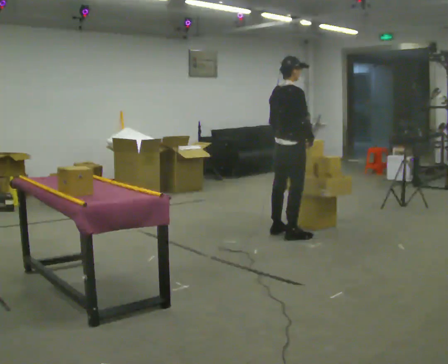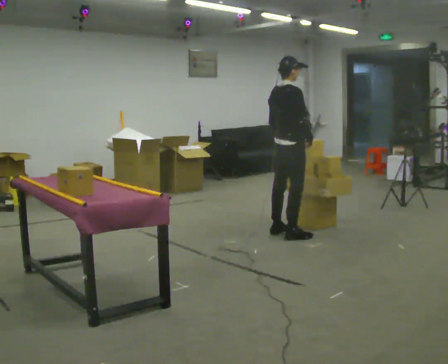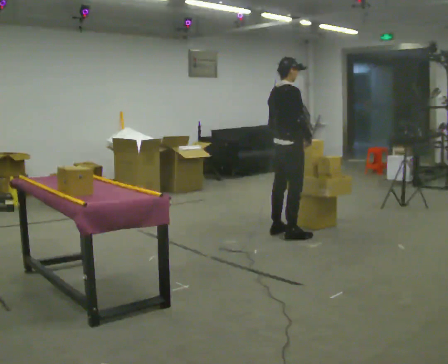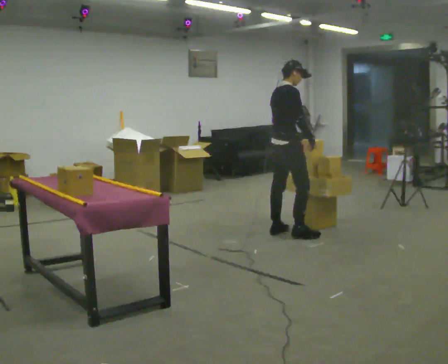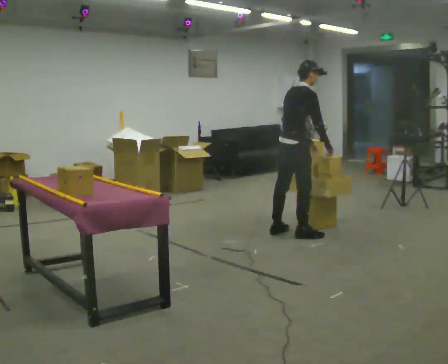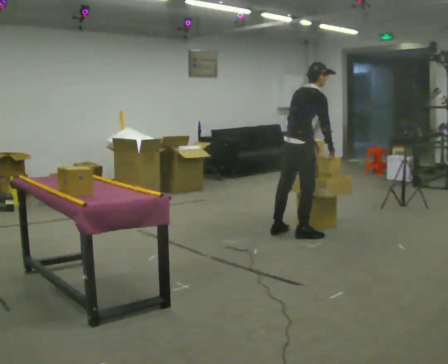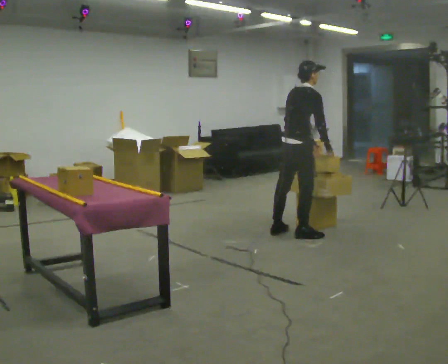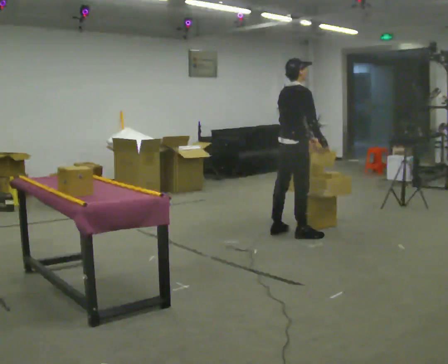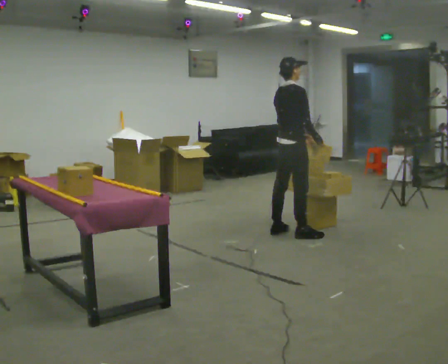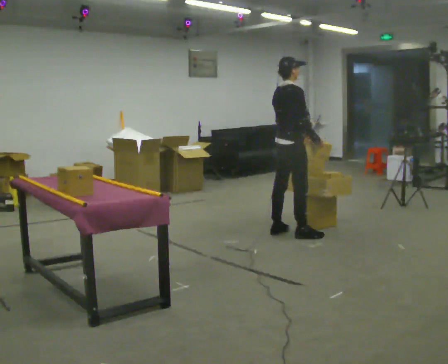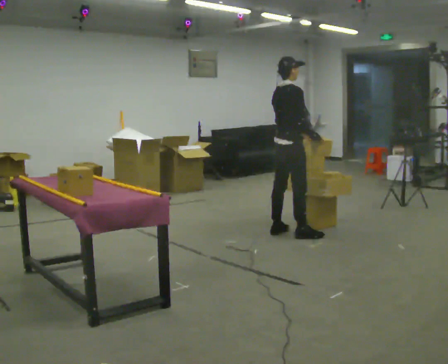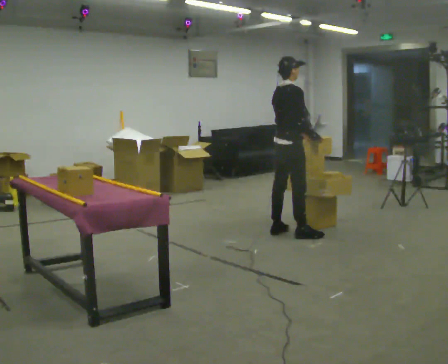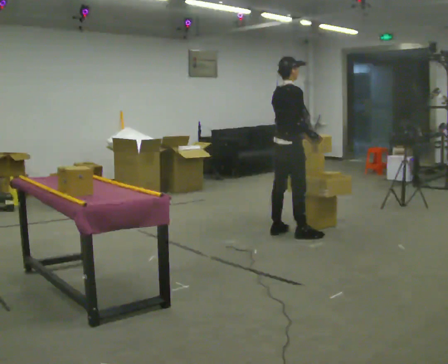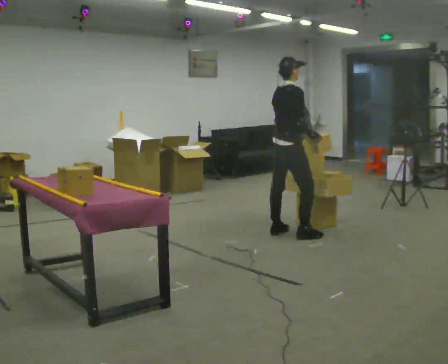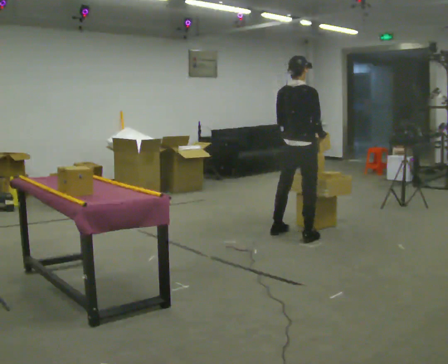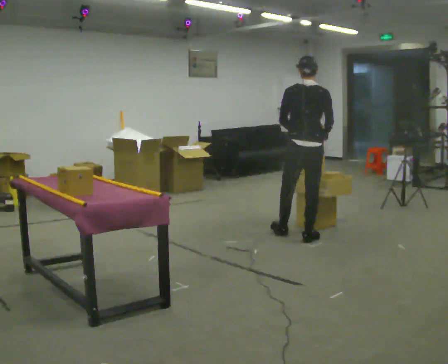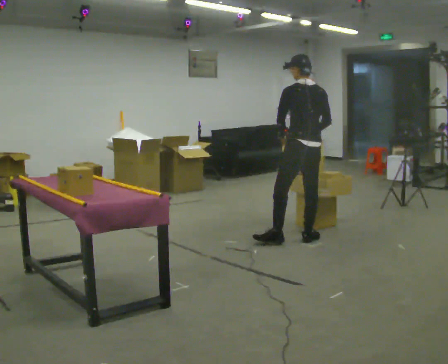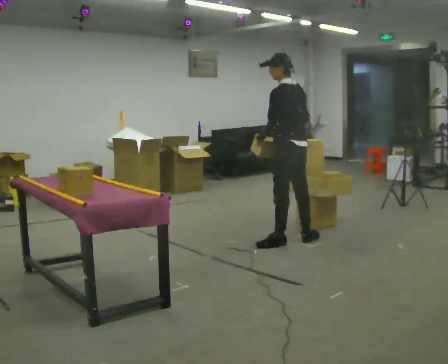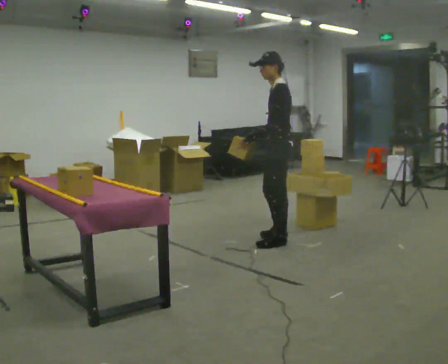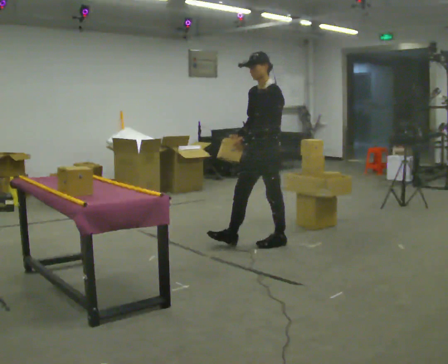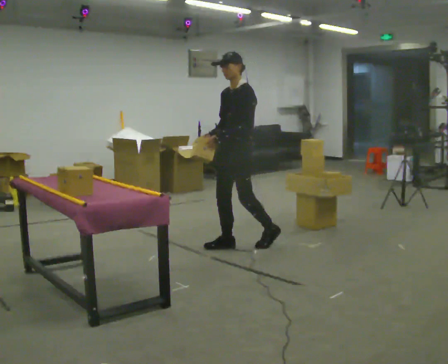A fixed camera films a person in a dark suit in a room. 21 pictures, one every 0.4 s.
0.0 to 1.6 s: In the picture the upper body tilts clockwise, shoulders to the right, as they bend forward.
1.6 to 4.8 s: The person moves a little, or ends about where they began.
4.8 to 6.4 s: The part of the body nearest the lens slides to the right as the person turns to their left by about 90 degrees. In the picture they go toward the camera and to the right, about 0.25 m in 1 step.
6.4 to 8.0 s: Seen from above the body turns counterclockwise, about 105 degrees: to their left, with its near side sliding to the right. In the picture they go to the left, about 0.5 m in 2 steps.
The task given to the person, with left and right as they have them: Carry the object over and fit it into the gap between the two boxes already on the shelf, without touching either of them. Keep going until the operator says stop; one object at a time, and do not rush between trips.
The film runs forward here.
